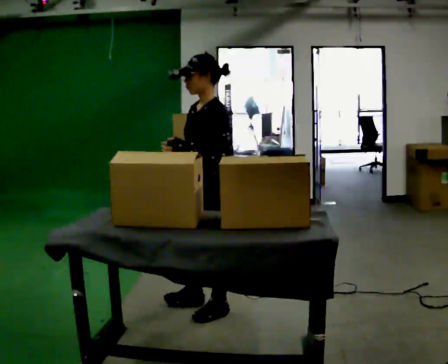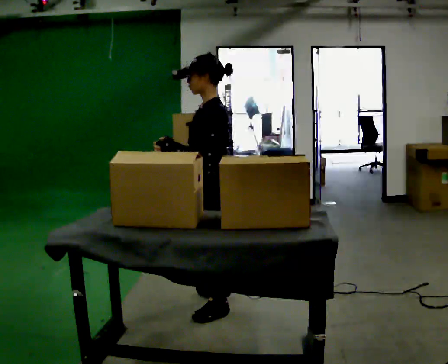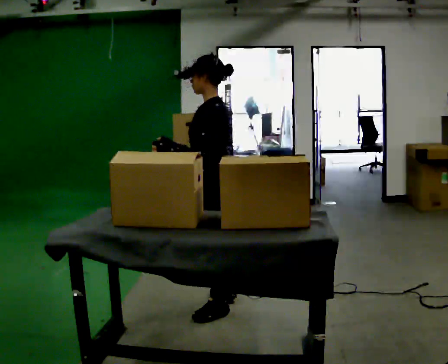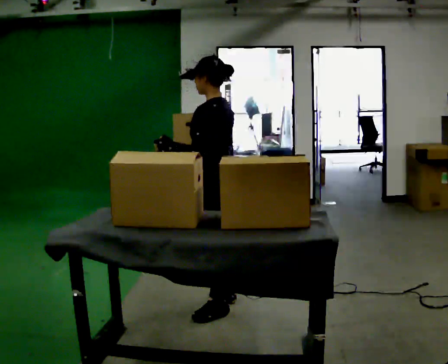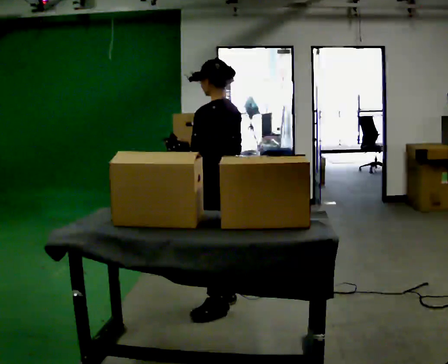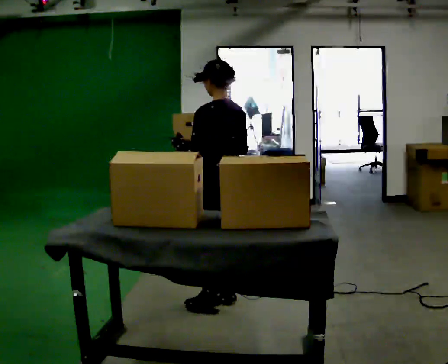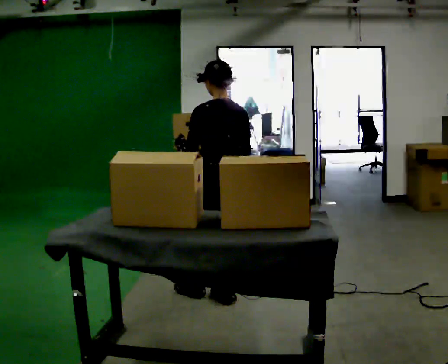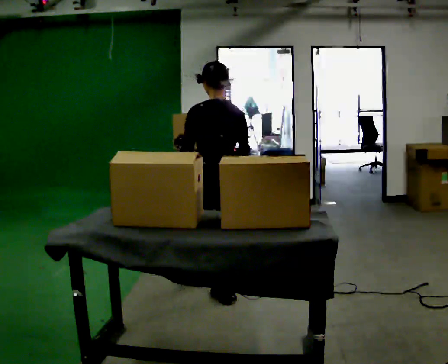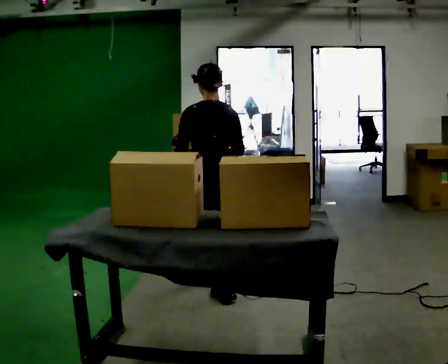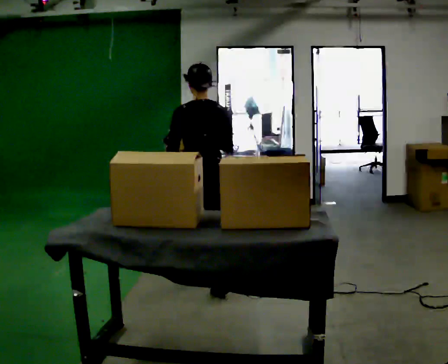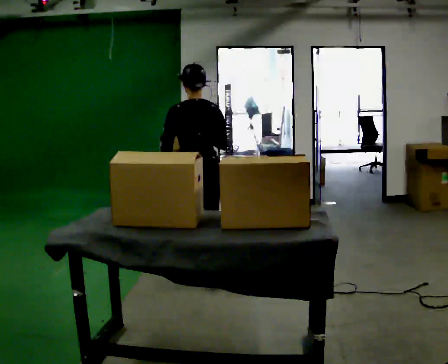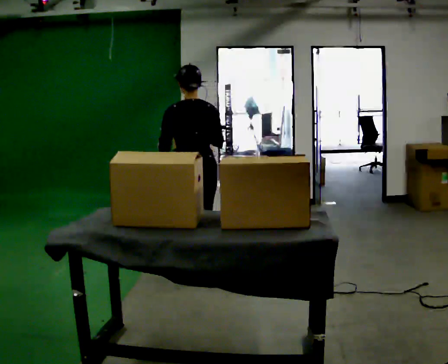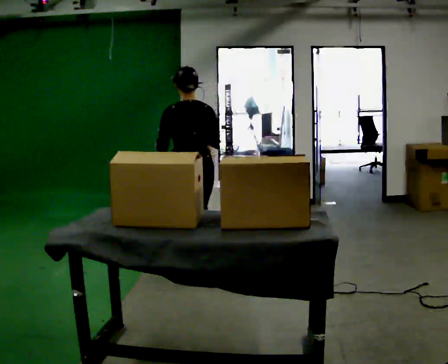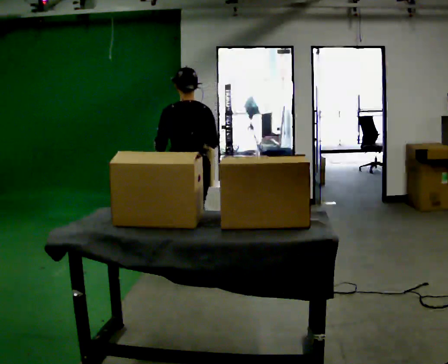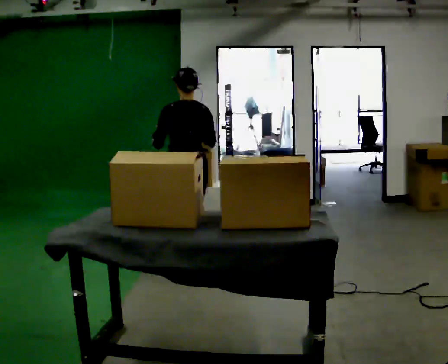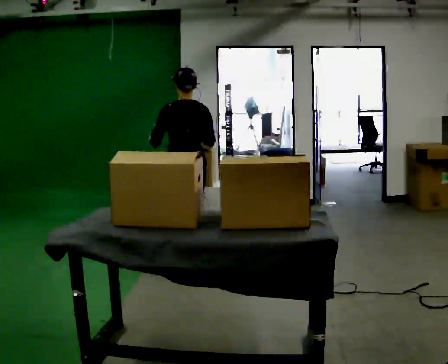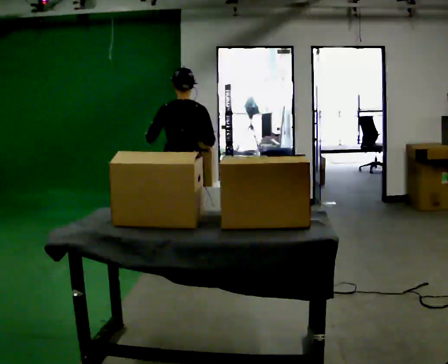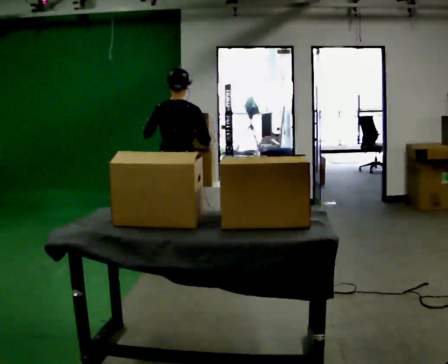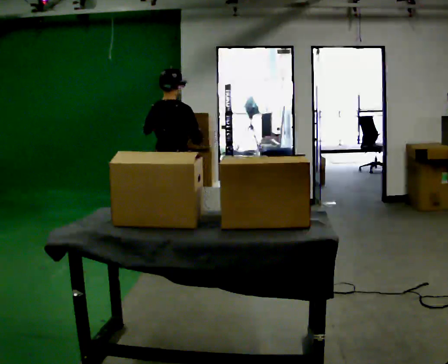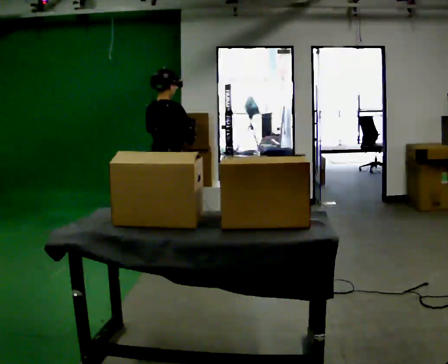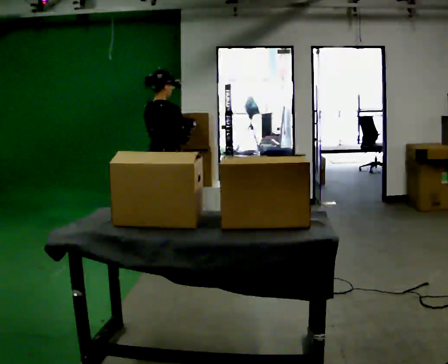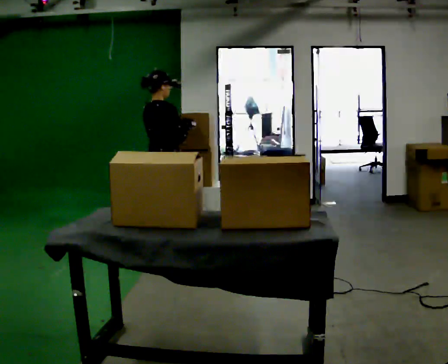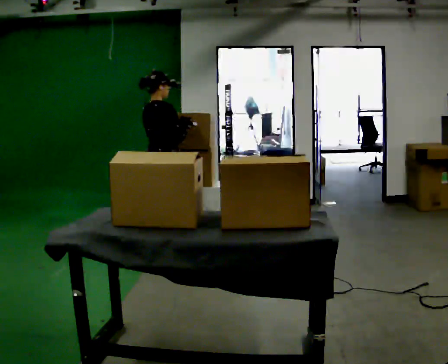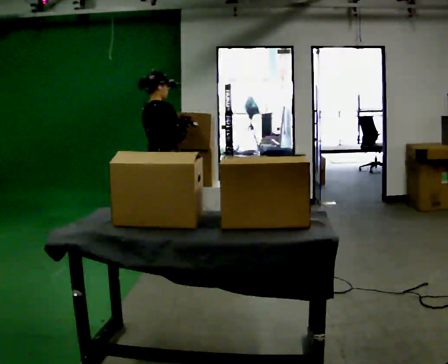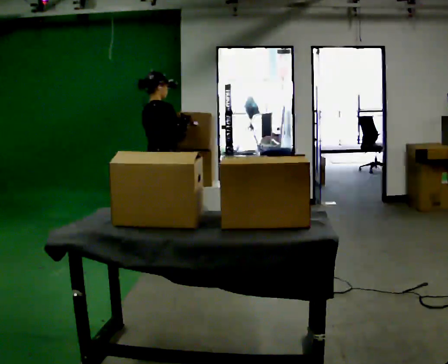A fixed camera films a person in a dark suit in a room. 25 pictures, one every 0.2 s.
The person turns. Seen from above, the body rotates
clockwise.
The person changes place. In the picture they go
away from the camera.
0.0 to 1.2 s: The person turns about 90 degrees to their right, clockwise seen from above, so the part of the body nearest the lens slides to the left. In the picture they go away from the camera, about 0.25 m in 1 step.
1.2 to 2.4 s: In the picture they go away from the camera and to the left, about 0.5 m in 2 steps, which for them is forward.
2.4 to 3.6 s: Seen from above the body turns clockwise, about 45 degrees: to their right, with its near side sliding to the left. In the picture they go away from the camera and to the left, about 0.5 m in 1 step, which for them is forward.
3.6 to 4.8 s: The part of the body nearest the lens slides to the left as the person turns to their right by about 30 degrees.
The film runs forward here.
